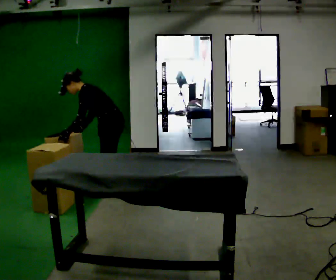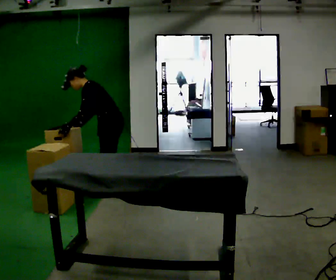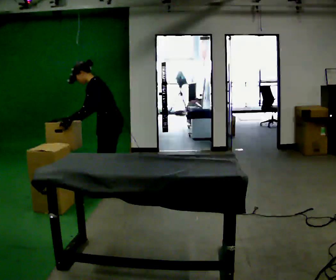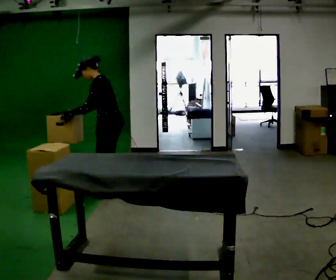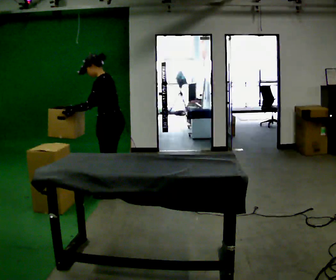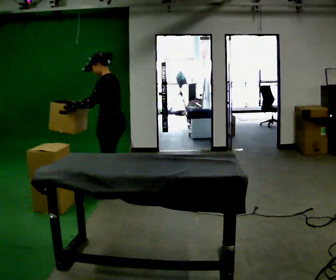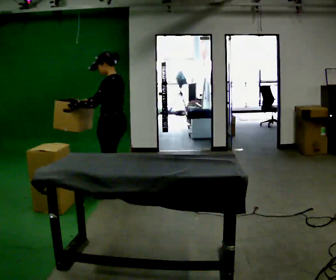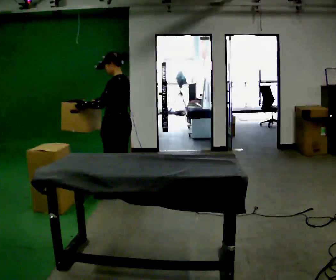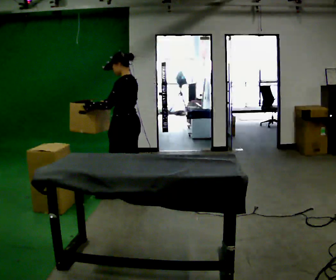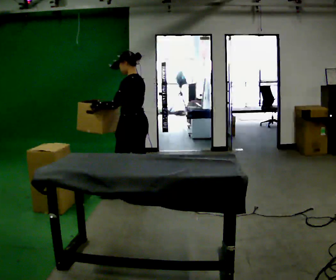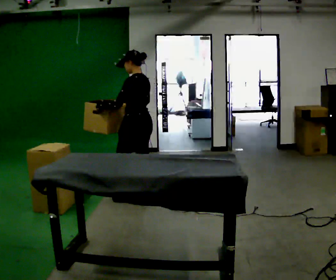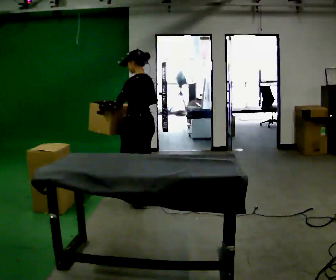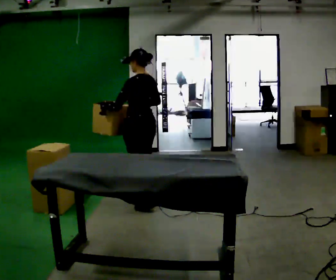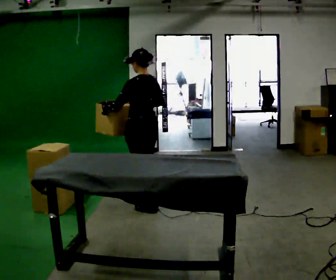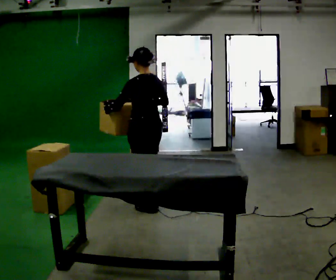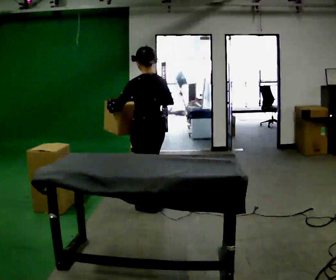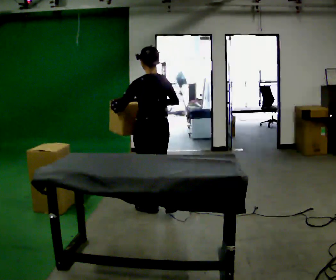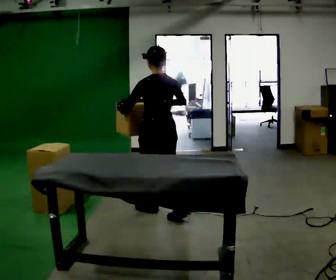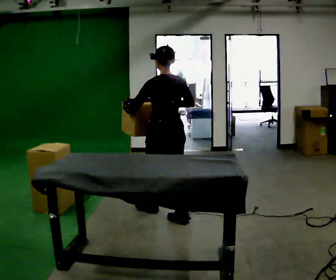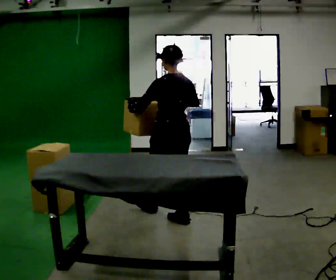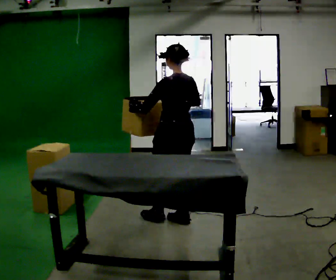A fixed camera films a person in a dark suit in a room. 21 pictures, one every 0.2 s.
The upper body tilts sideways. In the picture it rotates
clockwise.
0.0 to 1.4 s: In the picture the upper body tilts clockwise, shoulders to the right, as they lean back or straighten.
1.4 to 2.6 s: In the picture they go to the right and toward the camera, about 0.5 m in 1 step, which for them is backward.
2.6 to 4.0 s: In the picture they go toward the camera and to the right, about 0.5 m in 2 steps, which for them is backward.
The film runs backward here.
